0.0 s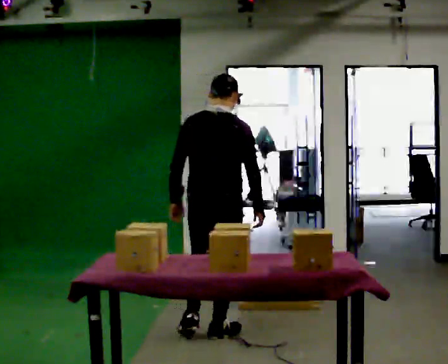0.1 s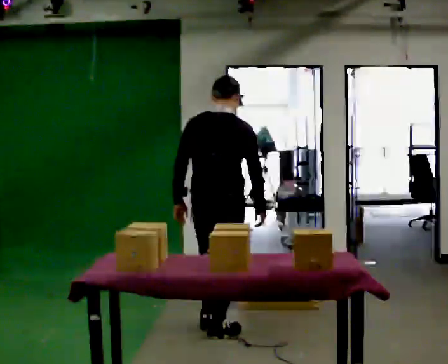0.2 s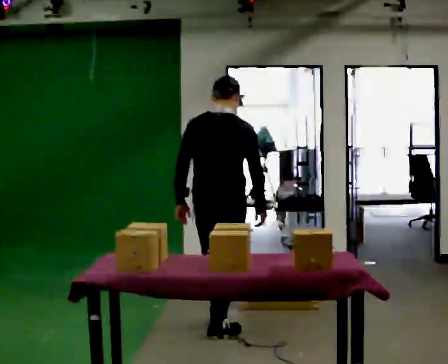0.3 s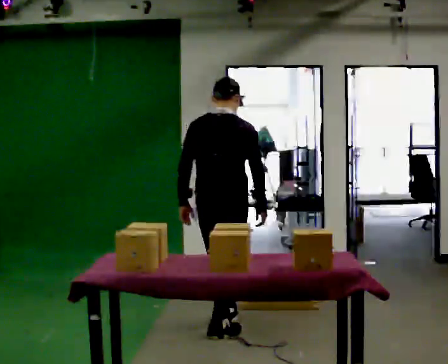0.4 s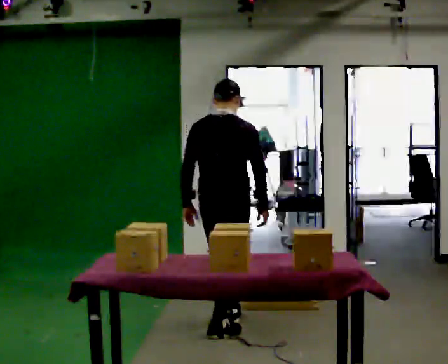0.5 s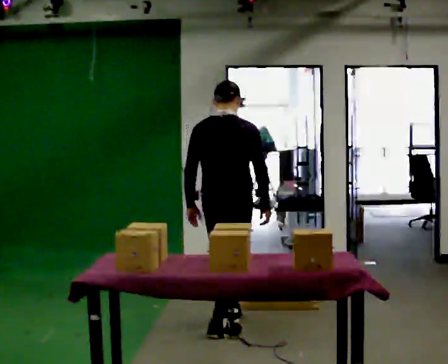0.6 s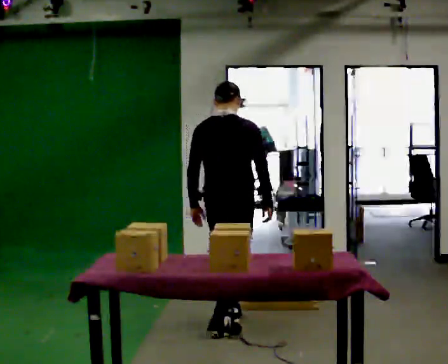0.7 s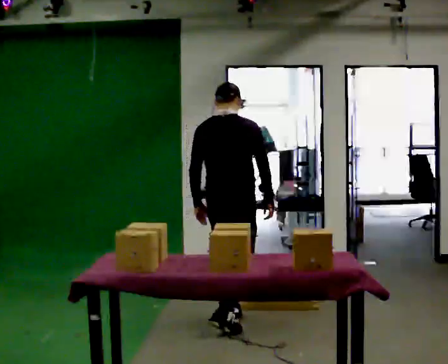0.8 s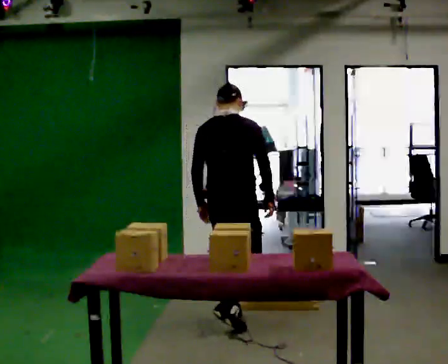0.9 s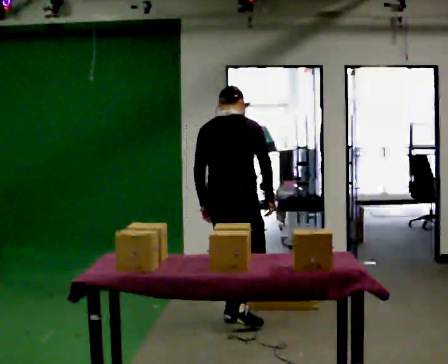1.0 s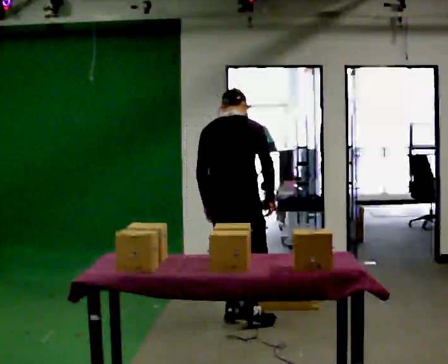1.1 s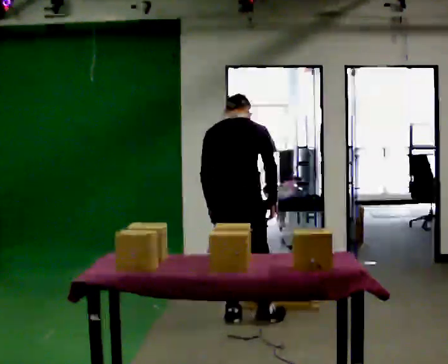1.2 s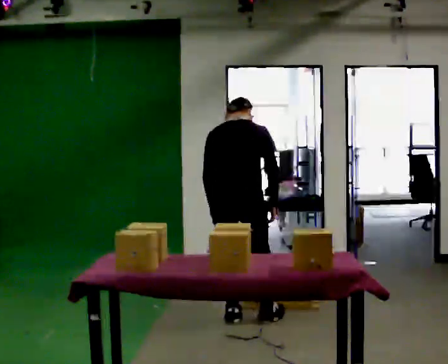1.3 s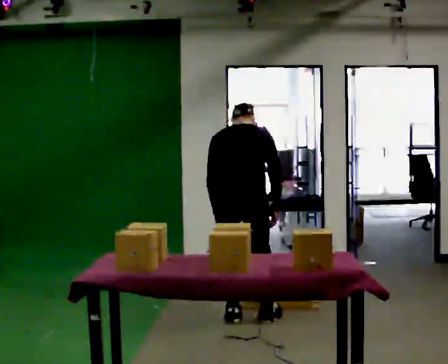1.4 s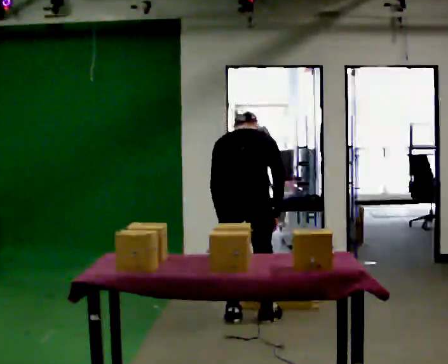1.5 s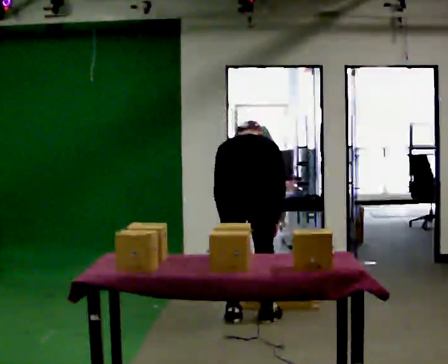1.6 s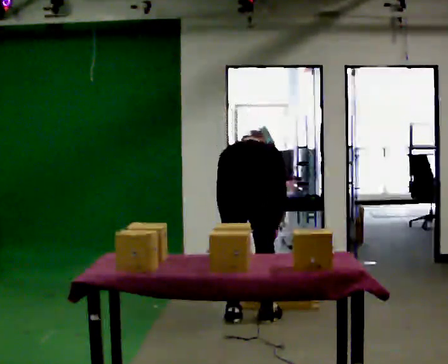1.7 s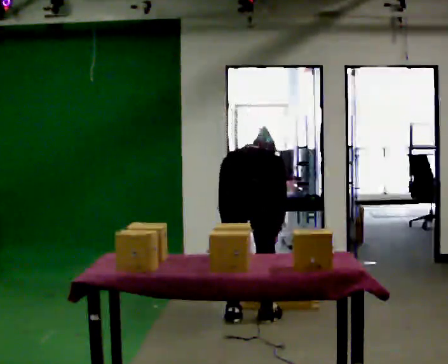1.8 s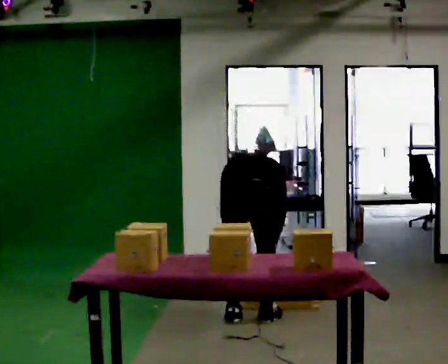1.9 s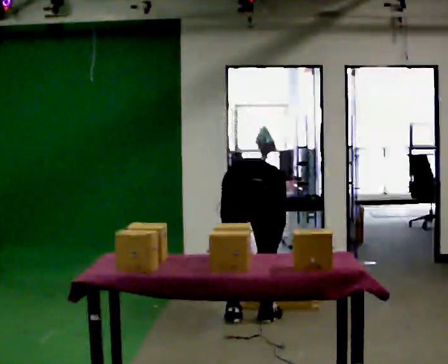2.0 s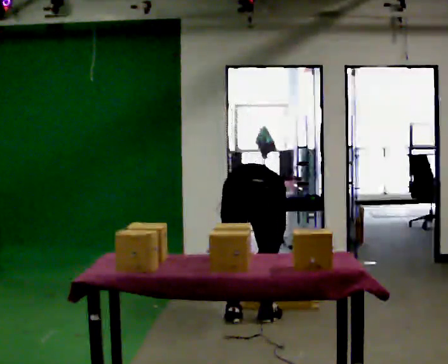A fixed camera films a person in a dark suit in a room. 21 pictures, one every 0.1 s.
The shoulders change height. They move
downward.
Their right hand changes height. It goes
downward.
0.0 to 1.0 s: In the picture they go away from the camera, about 0.25 m in 1 step, which for them is forward. The upper body tips away from the camera, its near side rolling upward, as they bend forward.
1.0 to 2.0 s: The upper body goes downward. The upper body tips away from the camera, its near side rolling upward, as they bend forward. In the picture their right hand goes downward.
The film runs forward here.
